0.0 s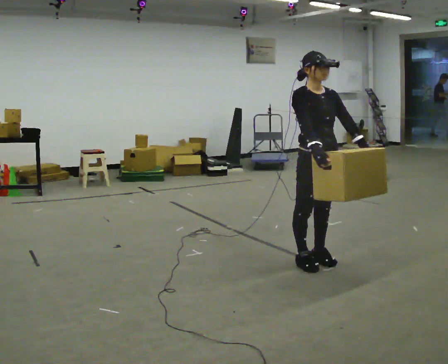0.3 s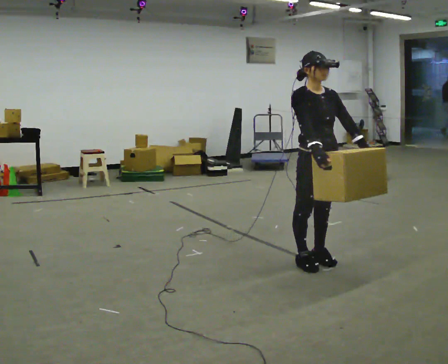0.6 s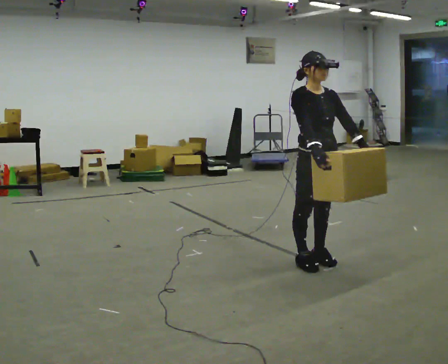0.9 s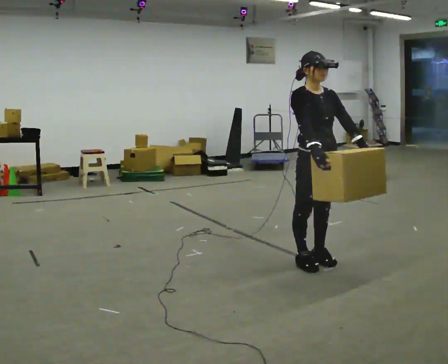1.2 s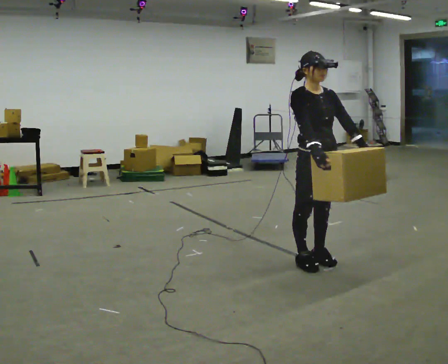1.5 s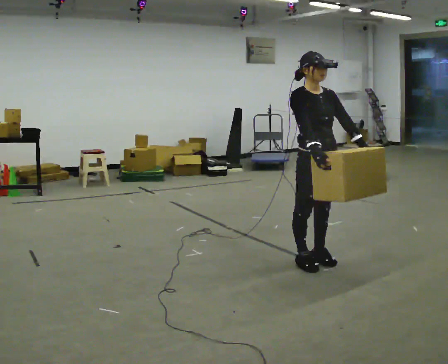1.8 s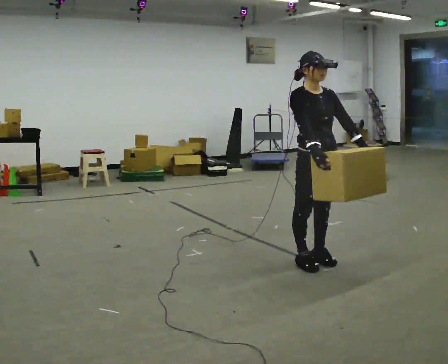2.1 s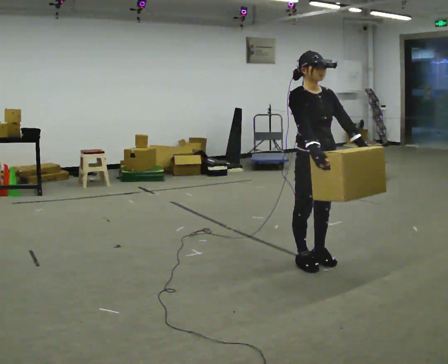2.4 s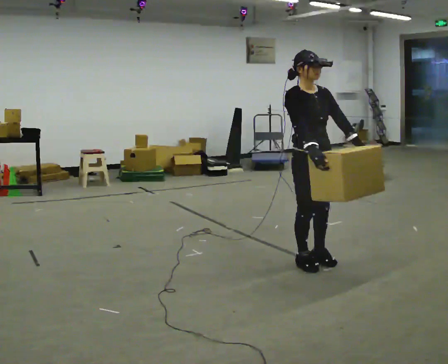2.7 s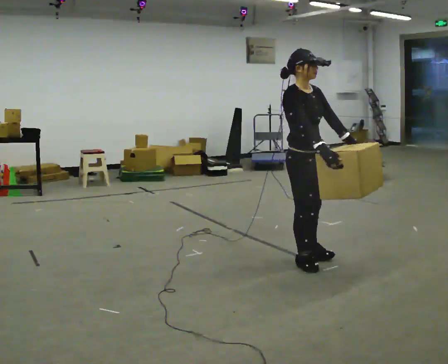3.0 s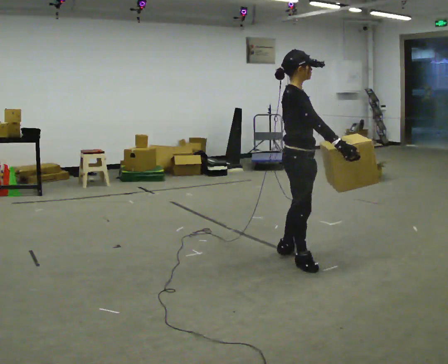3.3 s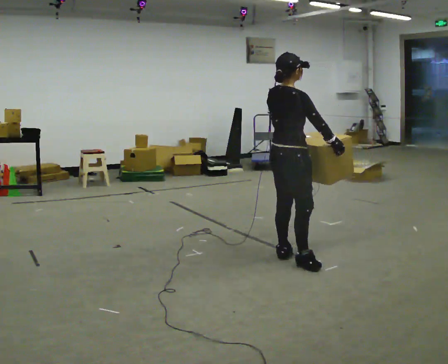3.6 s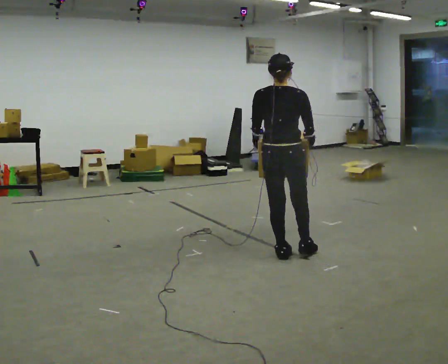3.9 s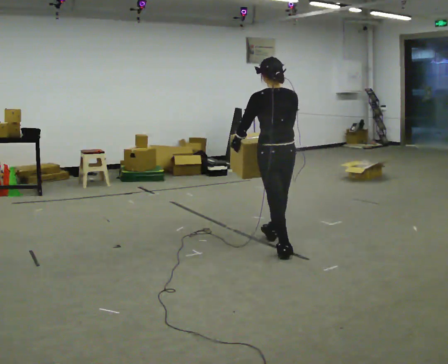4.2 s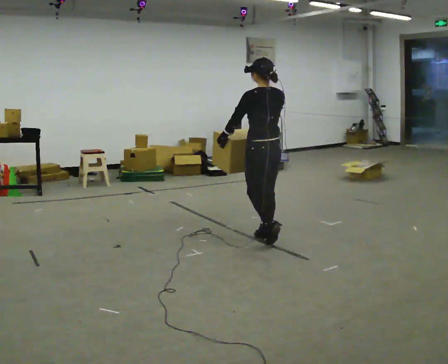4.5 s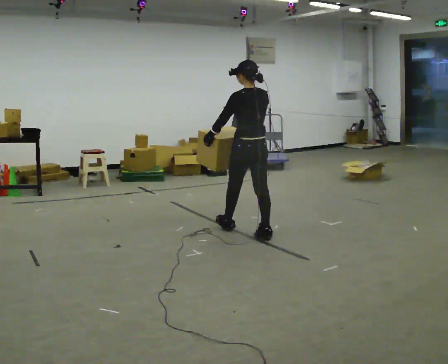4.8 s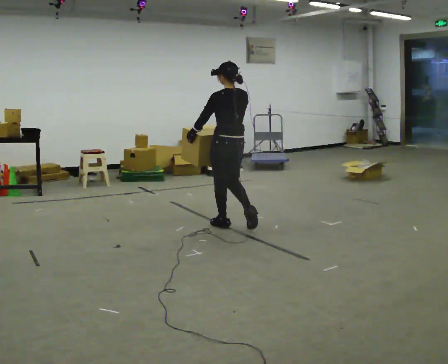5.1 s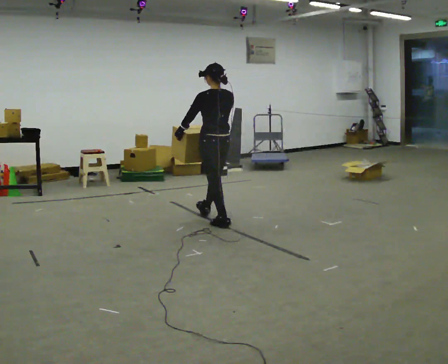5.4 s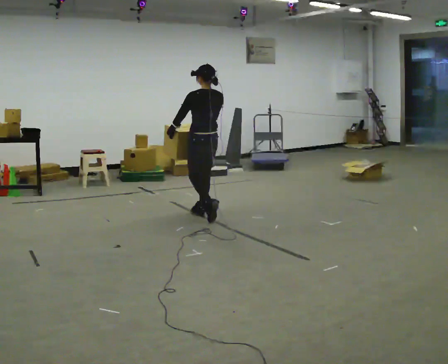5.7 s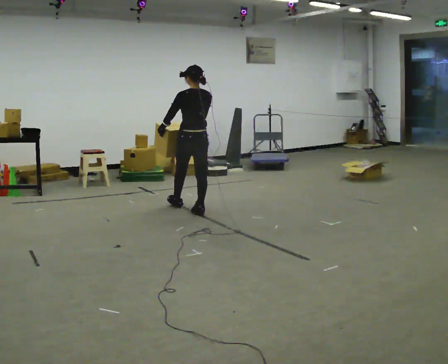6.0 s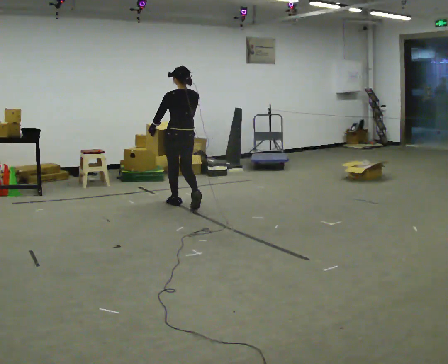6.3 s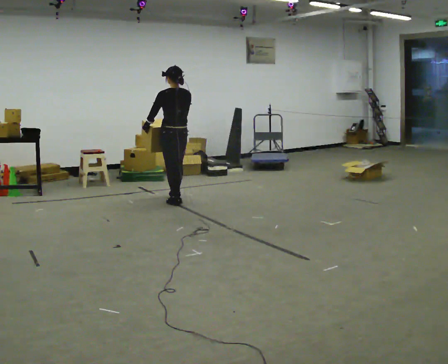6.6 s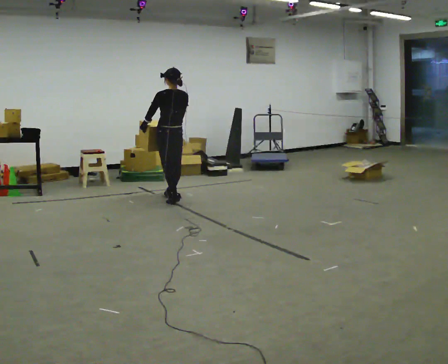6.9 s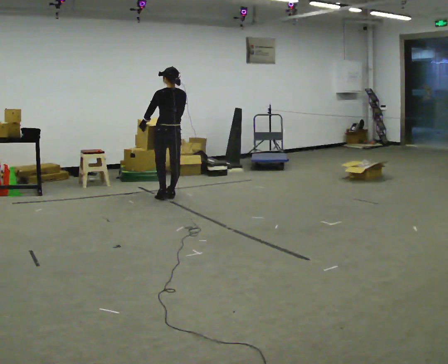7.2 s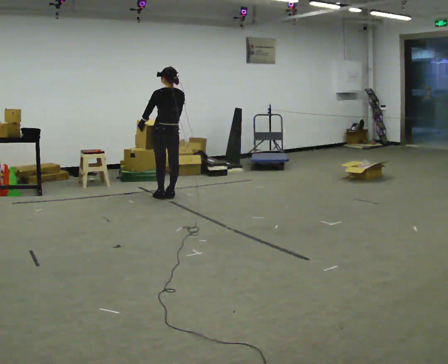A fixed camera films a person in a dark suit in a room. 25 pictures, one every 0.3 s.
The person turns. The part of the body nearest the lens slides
to the right.
The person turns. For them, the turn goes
to their left.
0.0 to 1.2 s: The person keeps their place and pose.
1.2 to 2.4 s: The person moves a little, or ends about where they began.
2.4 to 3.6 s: The person turns about 135 degrees to their left, counterclockwise seen from above, so the part of the body nearest the lens slides to the right. In the picture they go to the left and away from the camera, about 0.25 m in 1 step.
3.6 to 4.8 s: The part of the body nearest the lens slides to the right as the person turns to their left by about 45 degrees. In the picture they go away from the camera and to the left, about 1 m in 2 steps, which for them is forward.
4.8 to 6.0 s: In the picture they go away from the camera and to the left, about 1 m in 2 steps, which for them is forward.
6.0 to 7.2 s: In the picture they go away from the camera and to the left, about 0.5 m in 2 steps, which for them is forward.
The film runs forward here.
